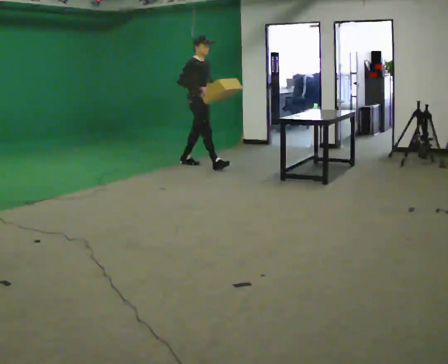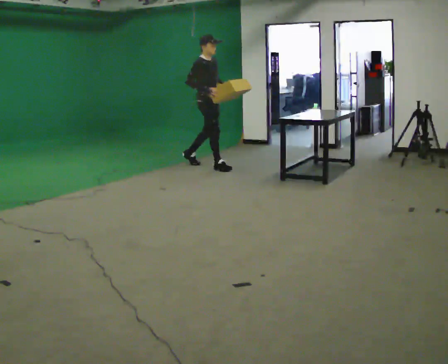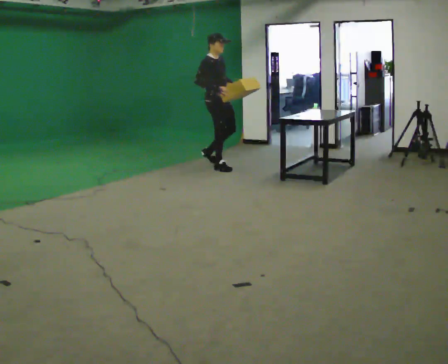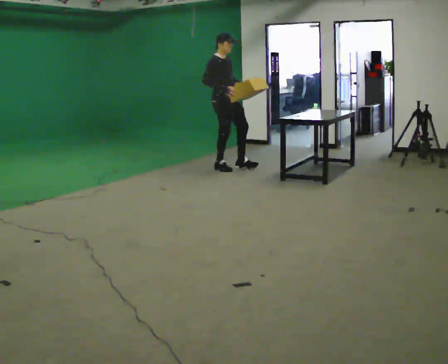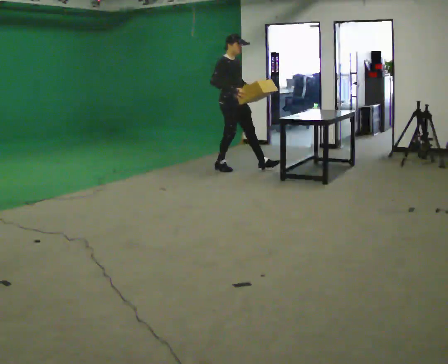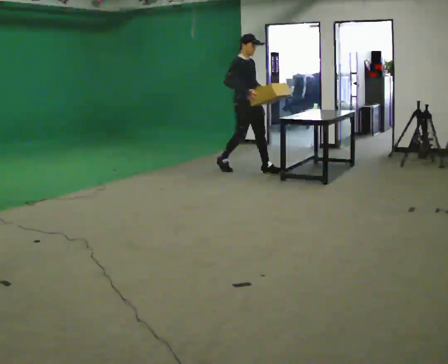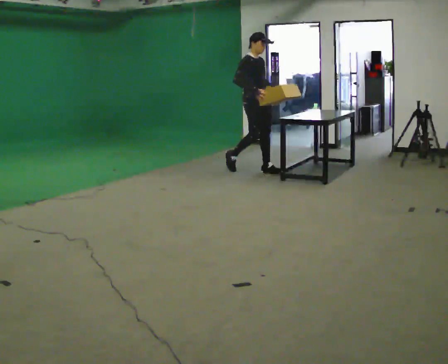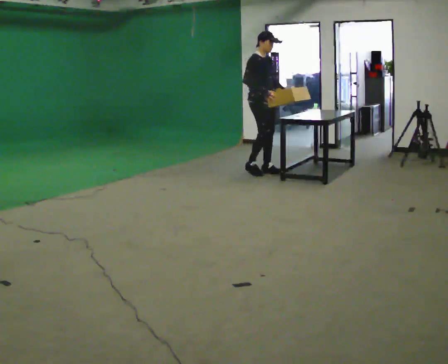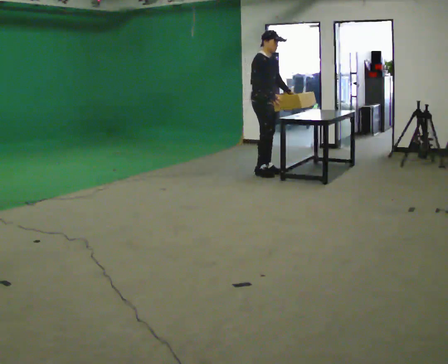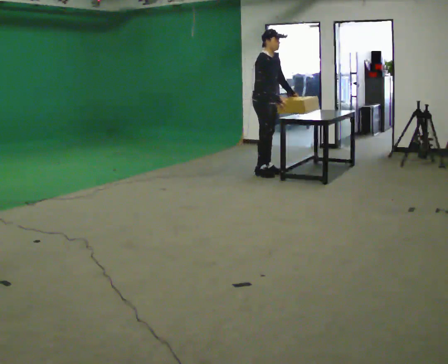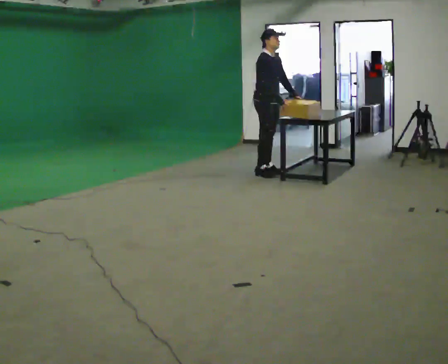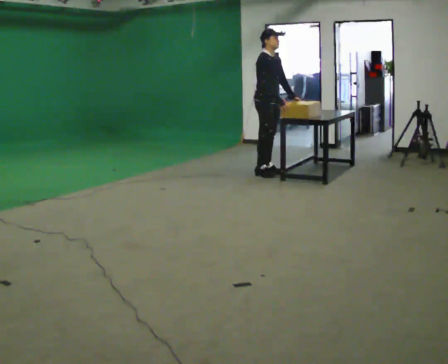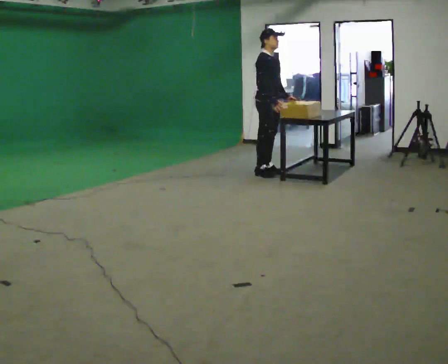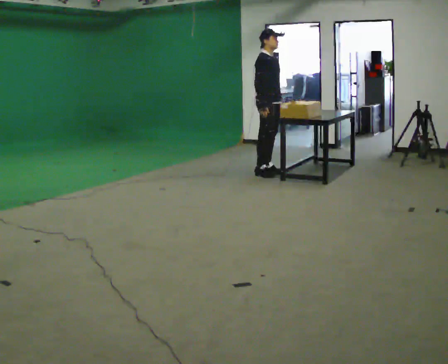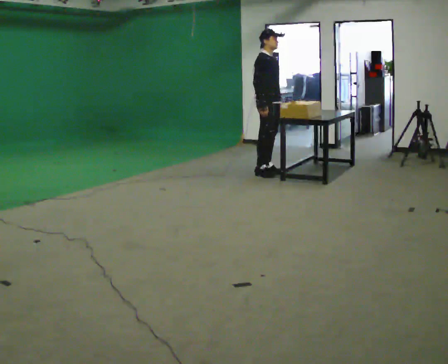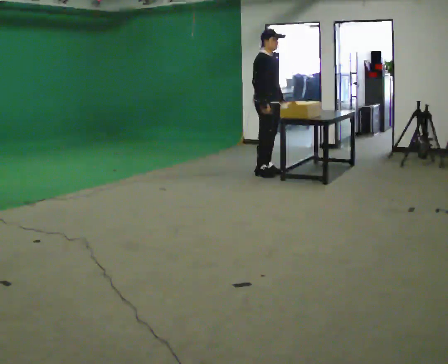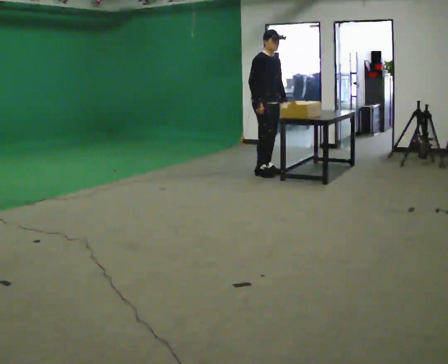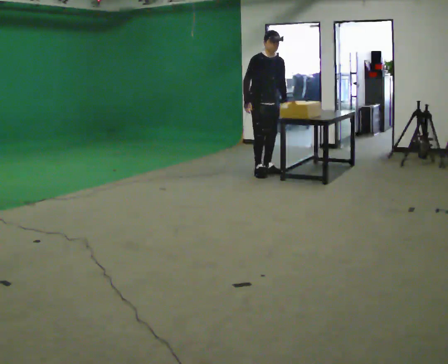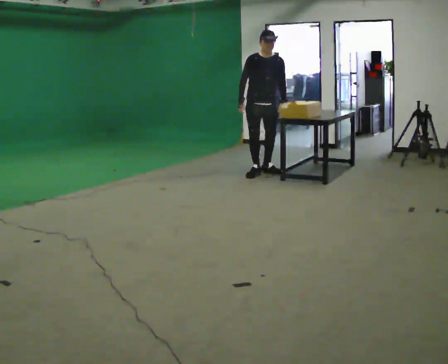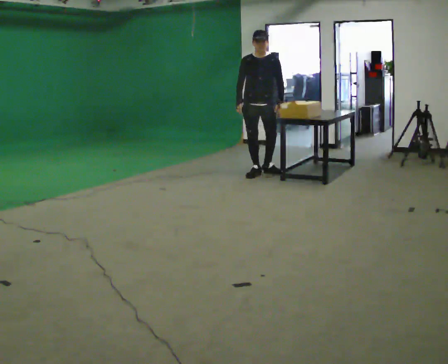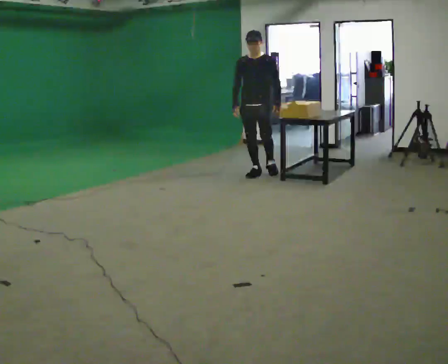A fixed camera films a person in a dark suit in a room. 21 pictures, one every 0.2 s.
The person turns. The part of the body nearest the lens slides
to the left.
The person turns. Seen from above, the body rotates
clockwise.
0.0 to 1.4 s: In the picture they go to the right and toward the camera, about 1 m in 1 step, which for them is forward.
1.4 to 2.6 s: The person moves a little, or ends about where they began.
2.6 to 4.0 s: The person turns about 75 degrees to their right, clockwise seen from above, so the part of the body nearest the lens slides to the left.
The film runs forward here.
